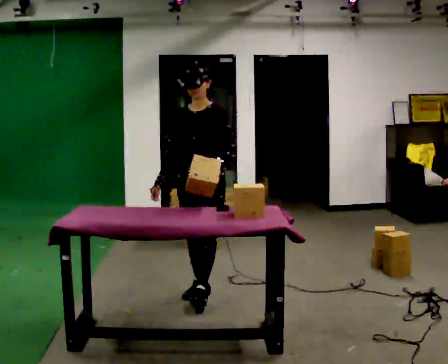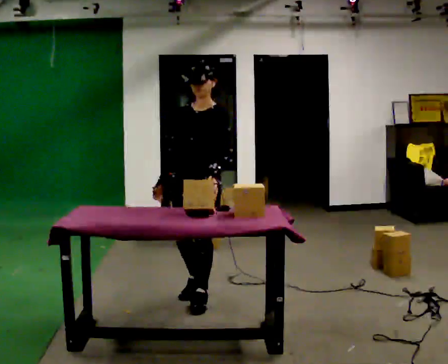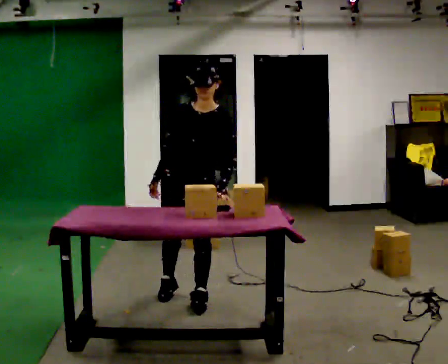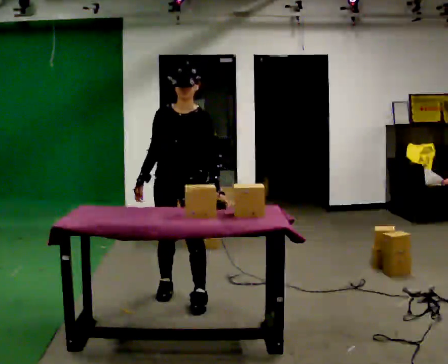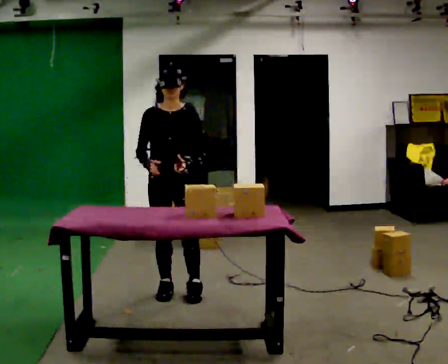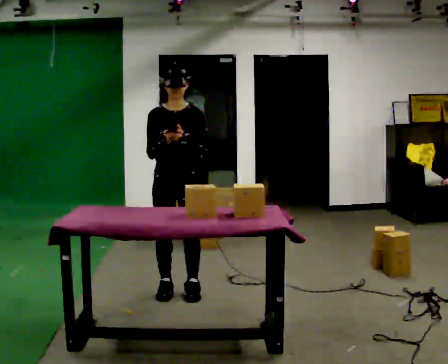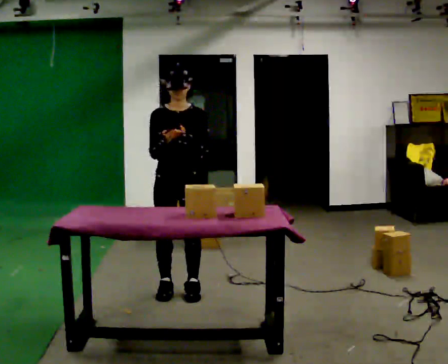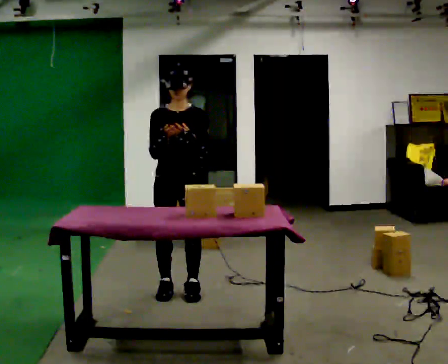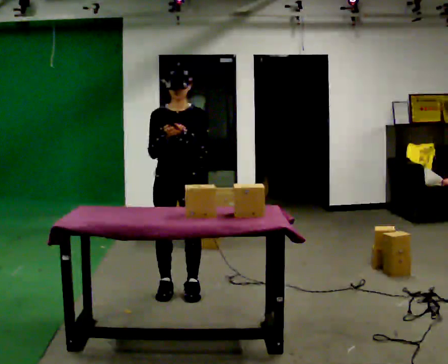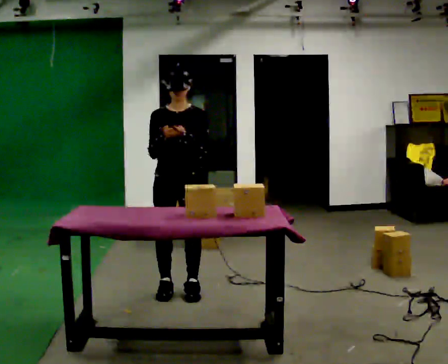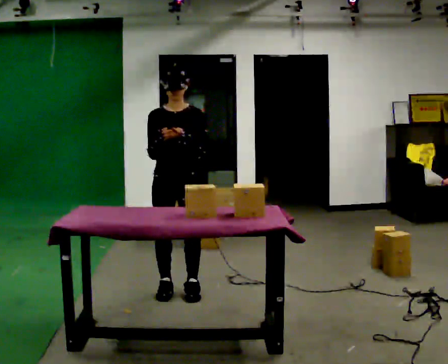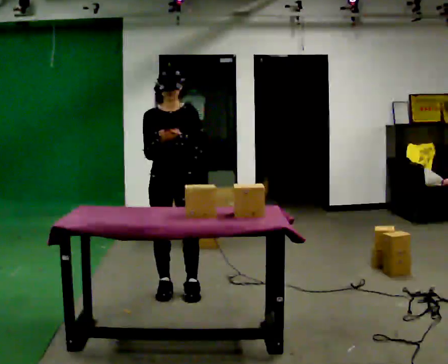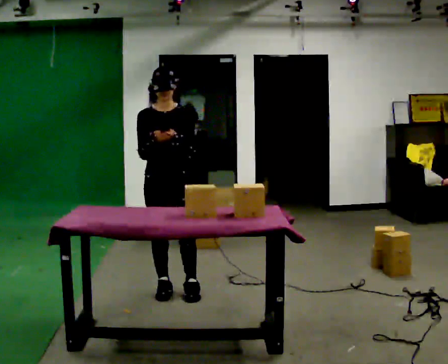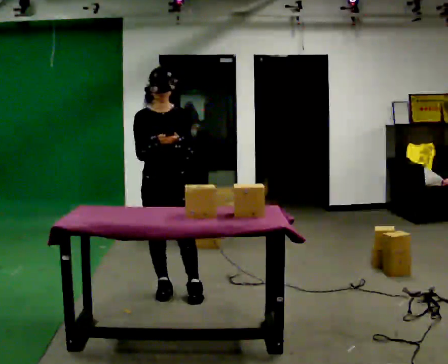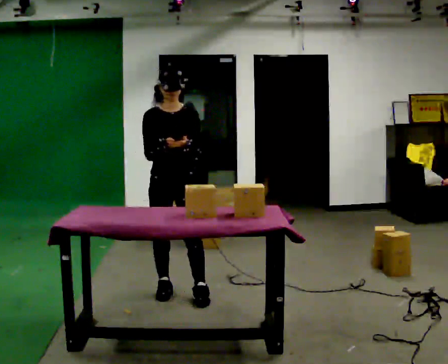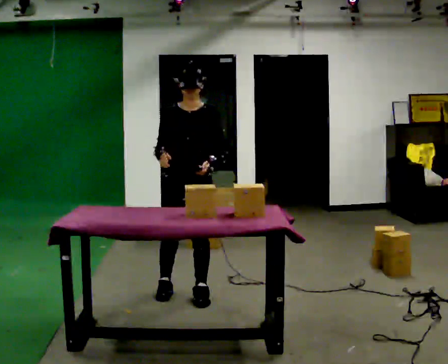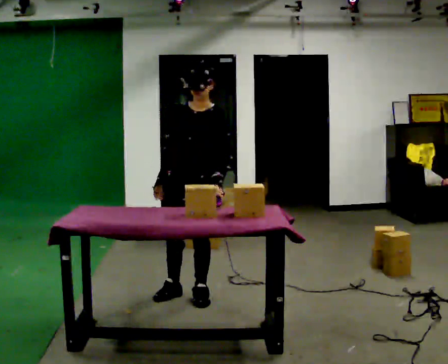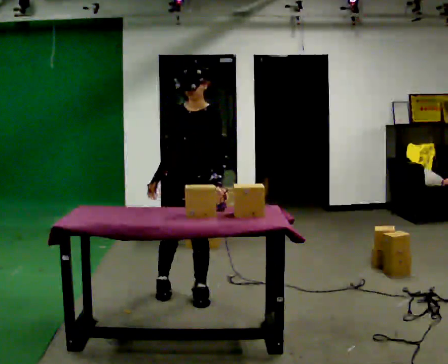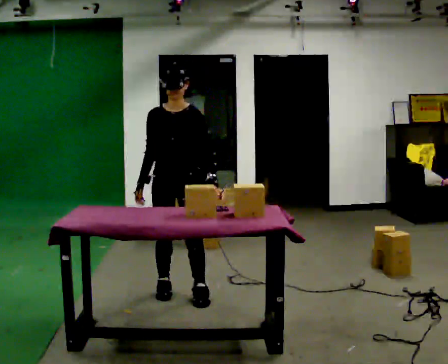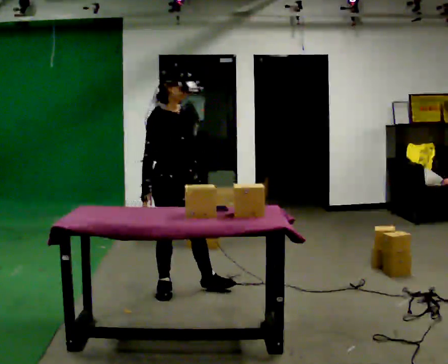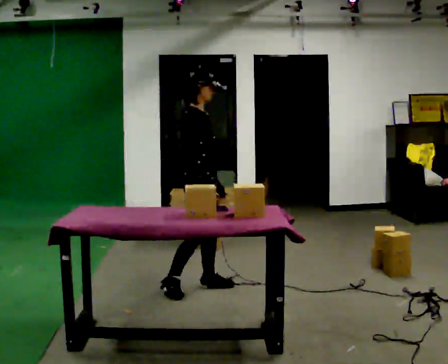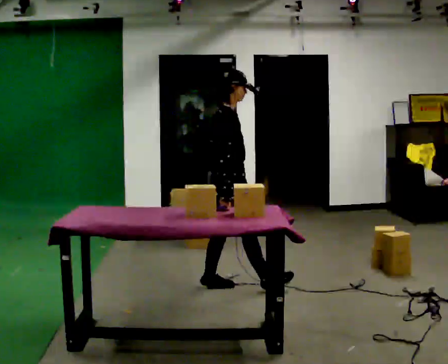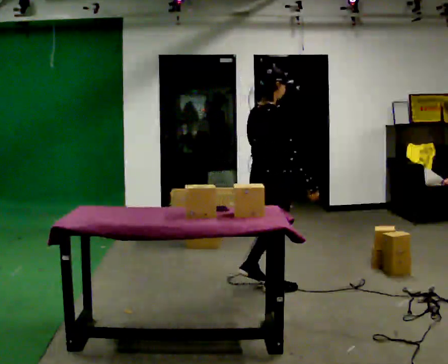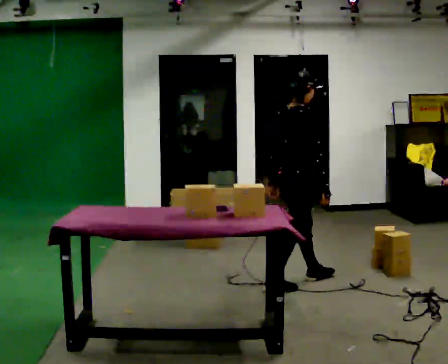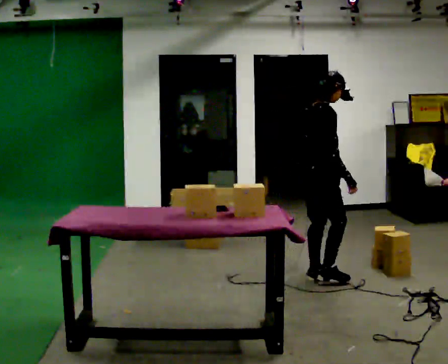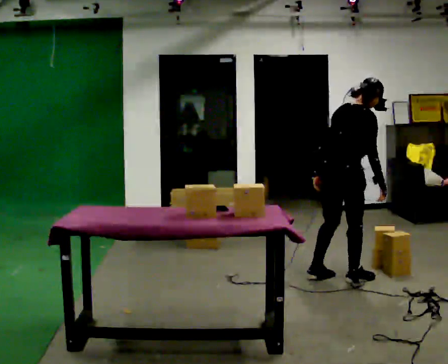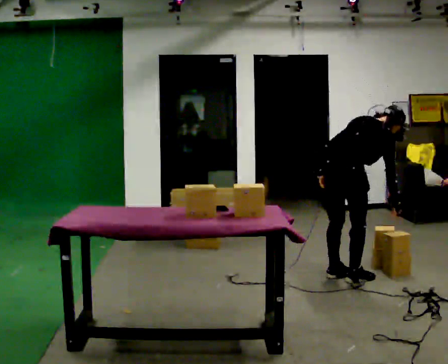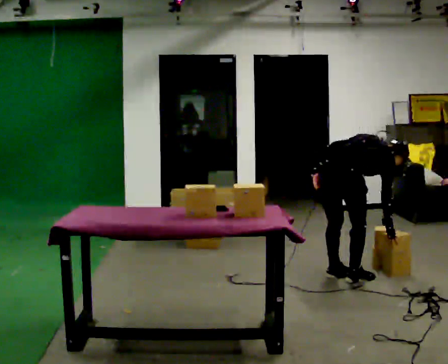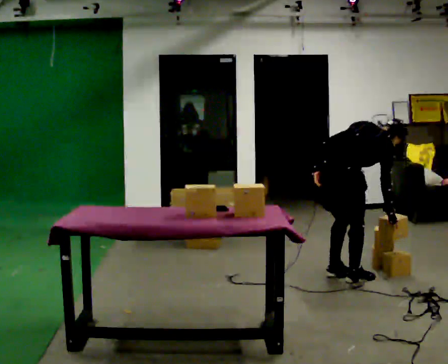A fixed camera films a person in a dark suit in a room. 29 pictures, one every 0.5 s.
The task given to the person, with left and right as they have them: 1. Look at the photo the operator gives you. 2. Put the room back the way it looks in the photo. 3. Tell the operator when you are finished.
0.0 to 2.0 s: The part of the body nearest the lens slides to the right as the person turns to their left by about 30 degrees. In the picture they go to the left, about 0.25 m in 2 steps, which for them is to their right.
2.0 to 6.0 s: The person moves a little, or ends about where they began.
6.0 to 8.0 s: The part of the body nearest the lens slides to the left as the person turns to their right by about 30 degrees. In the picture they go to the right, about 0.25 m, which for them is to their left and forward.
8.0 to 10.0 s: The part of the body nearest the lens slides to the right as the person turns to their left by about 105 degrees. In the picture they go away from the camera, about 0.25 m in 1 step.
10.0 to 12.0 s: In the picture they go to the right, about 1 m in 2 steps, which for them is forward.
12.0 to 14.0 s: Seen from above the body turns counterclockwise, about 30 degrees: to their left, with its near side sliding to the right. In the picture they go to the right, about 0.25 m in 2 steps, which for them is to their right.
The film runs forward here.
